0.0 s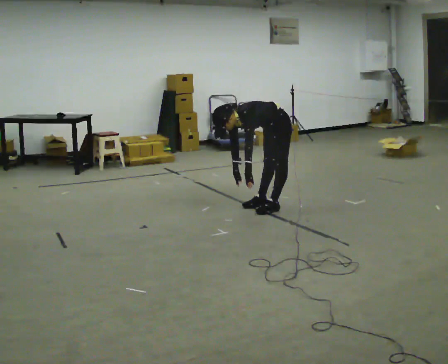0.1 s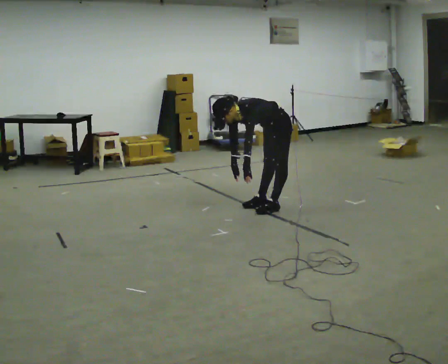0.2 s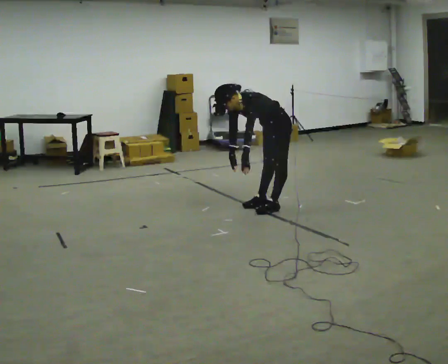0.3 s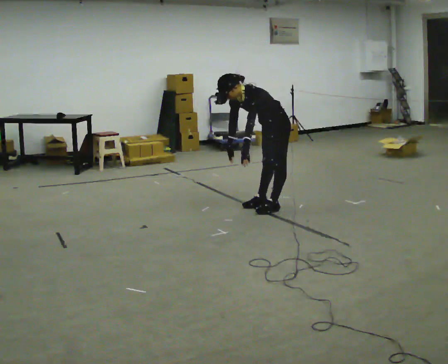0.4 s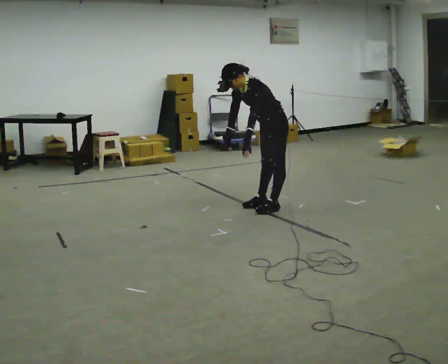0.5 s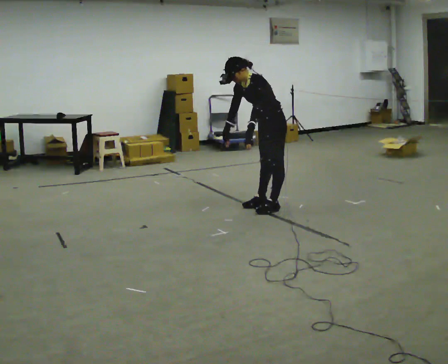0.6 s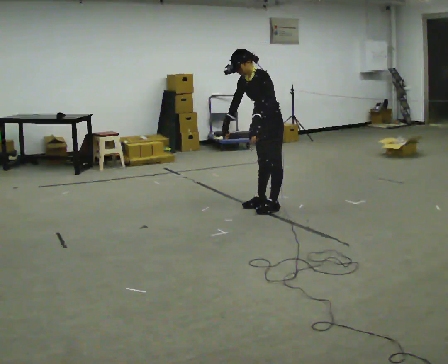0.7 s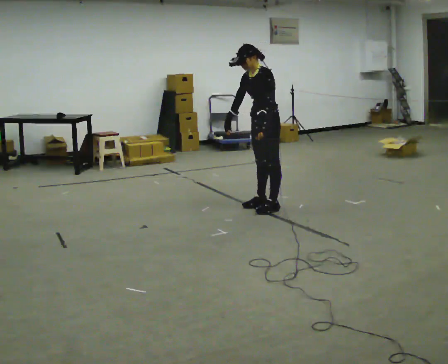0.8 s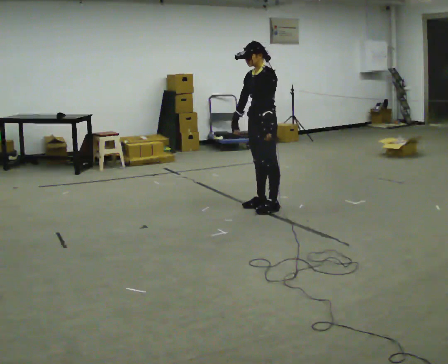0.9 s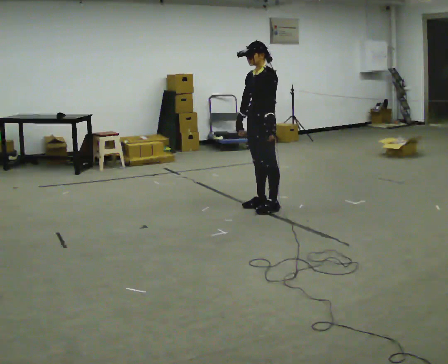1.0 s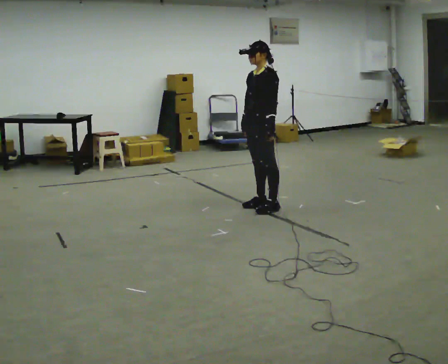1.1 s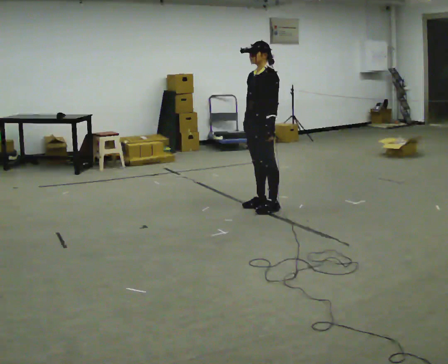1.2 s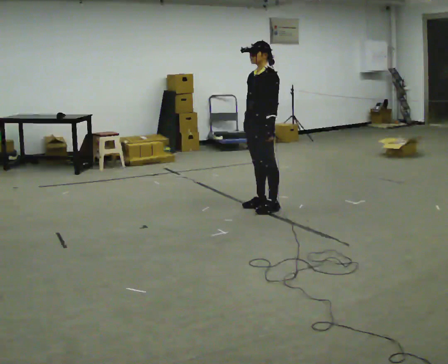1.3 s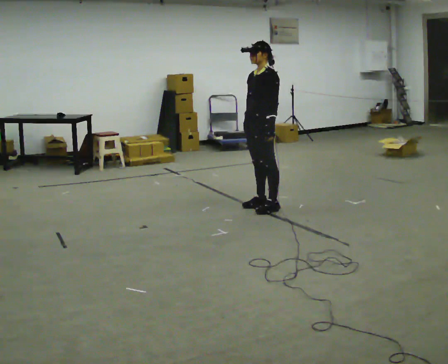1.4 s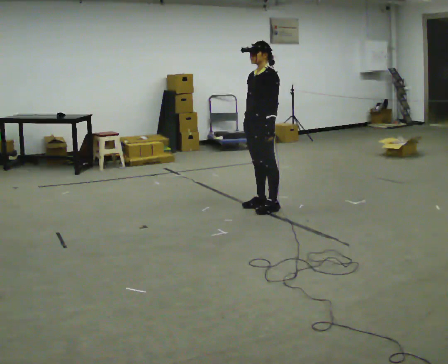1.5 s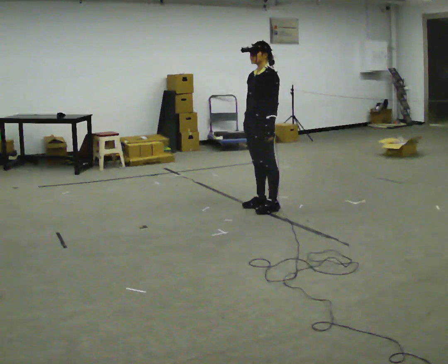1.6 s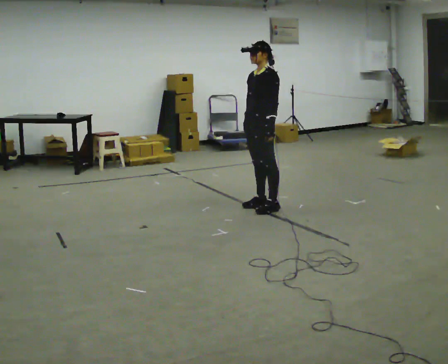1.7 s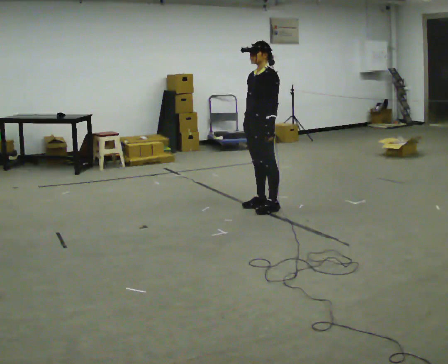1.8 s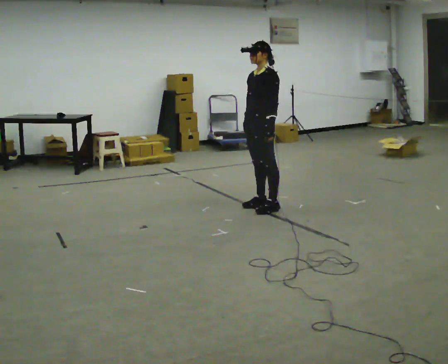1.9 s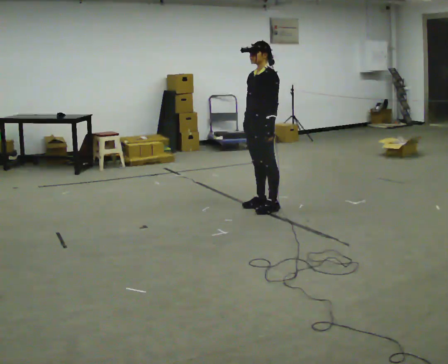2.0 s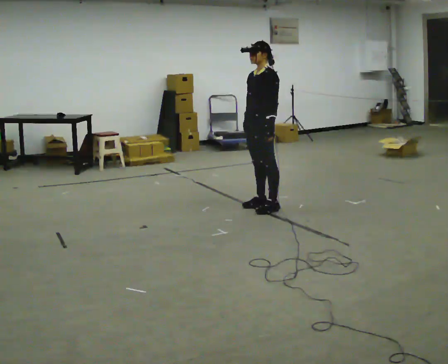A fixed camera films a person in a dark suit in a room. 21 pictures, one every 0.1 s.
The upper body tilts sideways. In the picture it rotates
clockwise.
The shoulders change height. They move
upward.
0.0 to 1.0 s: The upper body goes upward. In the picture the upper body tilts clockwise, shoulders to the right, as they lean back or straighten. In the picture their left hand goes upward.
1.0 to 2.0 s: The person keeps their place and pose.
The film runs backward here.
